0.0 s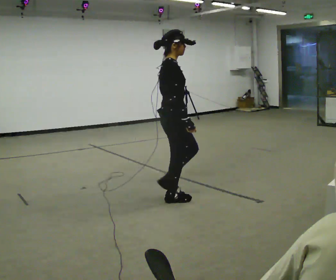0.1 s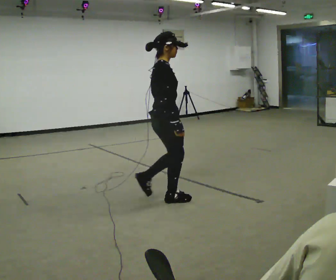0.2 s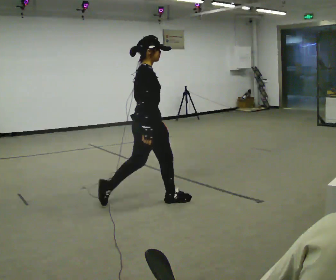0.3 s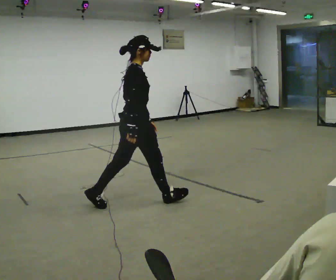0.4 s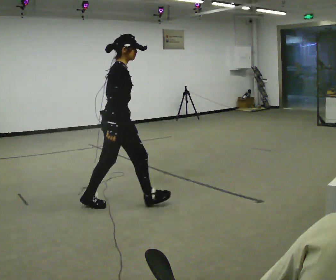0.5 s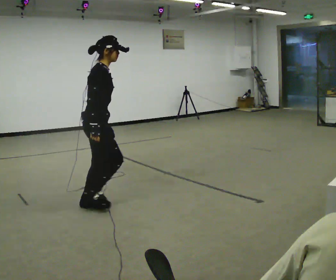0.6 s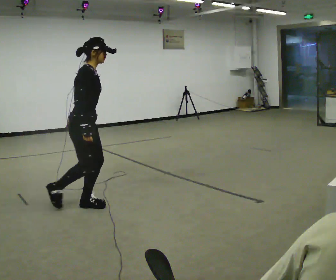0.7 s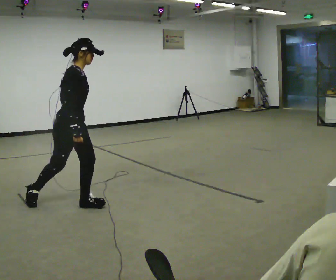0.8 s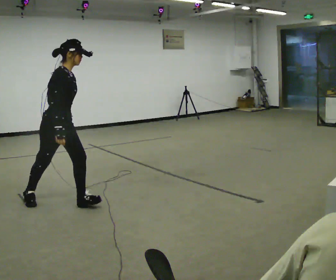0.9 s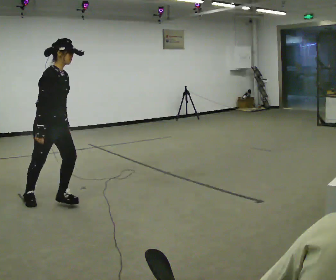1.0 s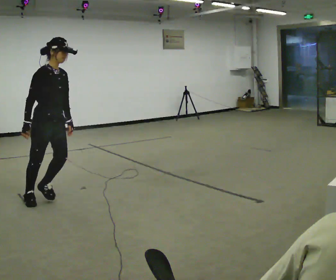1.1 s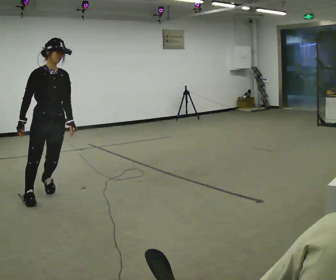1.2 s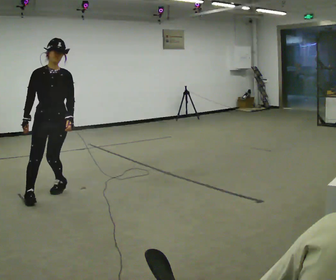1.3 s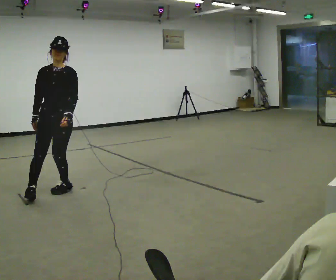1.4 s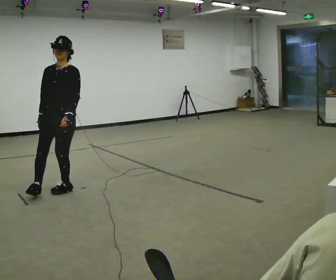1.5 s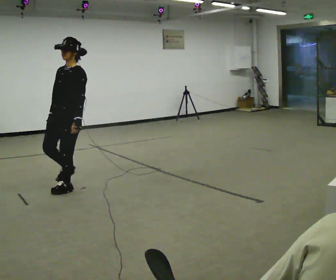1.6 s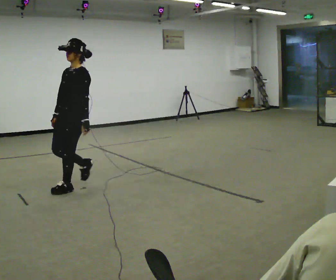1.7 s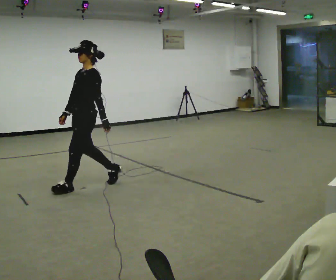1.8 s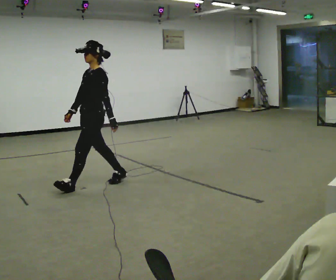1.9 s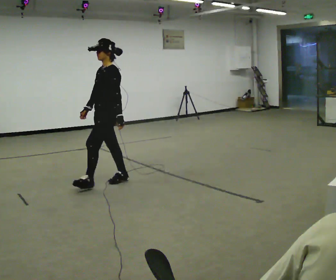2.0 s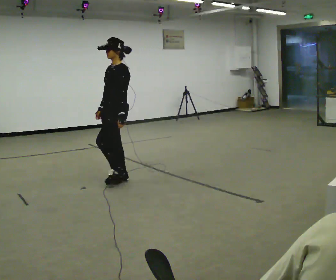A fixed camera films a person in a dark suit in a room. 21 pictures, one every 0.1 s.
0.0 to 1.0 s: Seen from above the body turns clockwise, about 30 degrees: to their right, with its near side sliding to the left. In the picture they go to the left, about 1 m in 2 steps, which for them is backward.
1.0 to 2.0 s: Seen from above the body turns clockwise, about 120 degrees: to their right, with its near side sliding to the left. In the picture they go to the right and away from the camera, about 1 m in 2 steps.
The film runs backward here.
